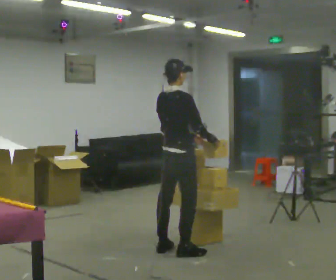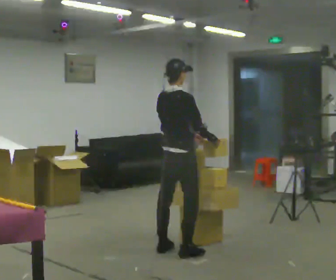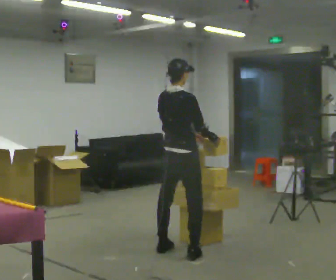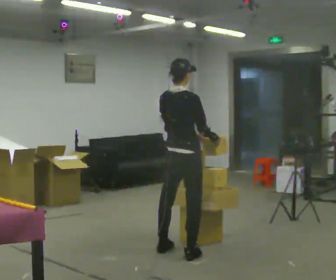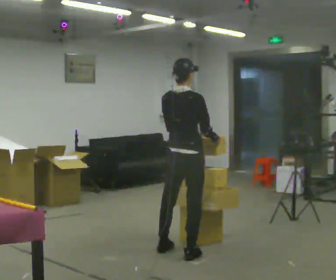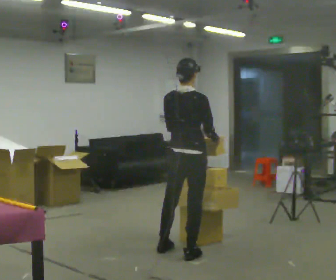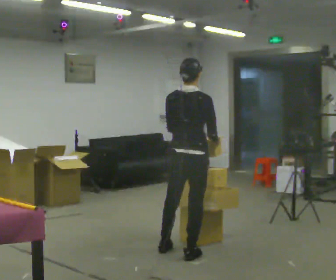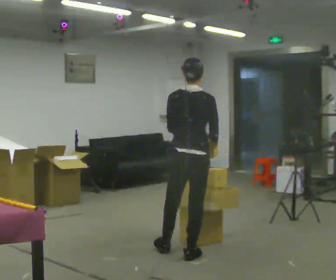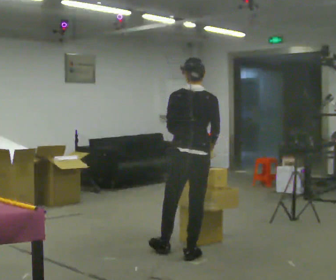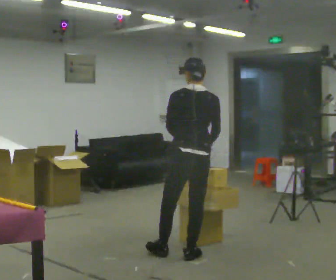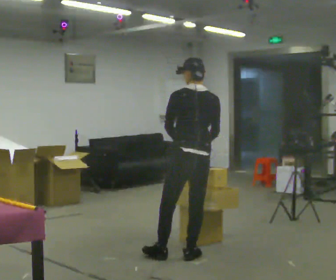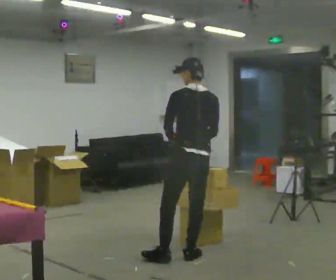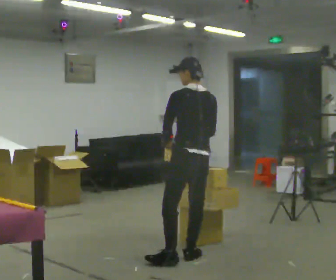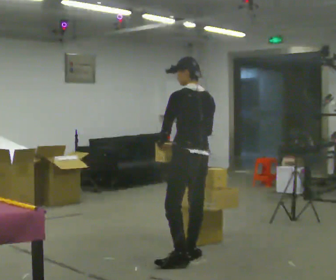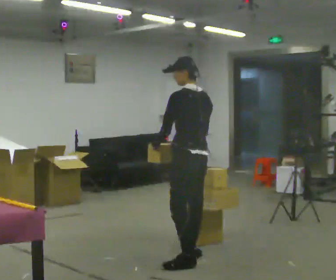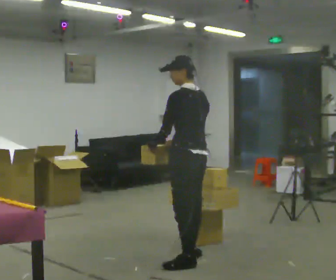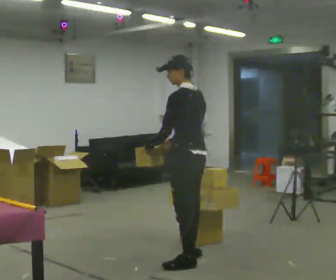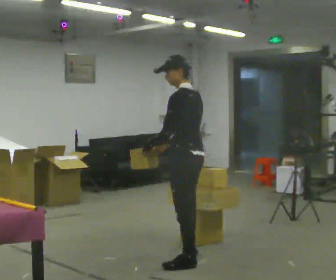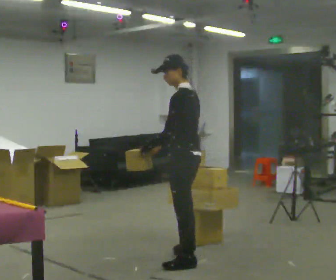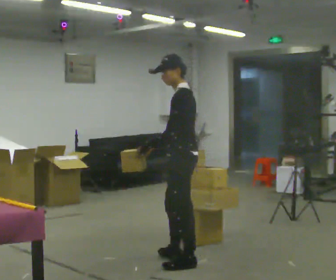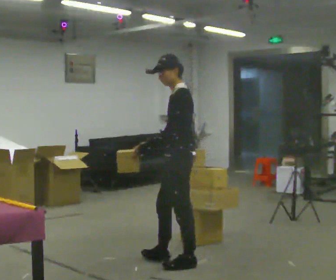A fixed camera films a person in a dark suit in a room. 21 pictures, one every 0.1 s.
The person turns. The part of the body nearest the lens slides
to the right.
Their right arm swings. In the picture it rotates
clockwise.
0.0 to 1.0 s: The part of the body nearest the lens slides to the right as the person turns to their left by about 60 degrees. In the picture they go toward the camera, about 0.25 m in 1 step, which for them is to their right and backward.
1.0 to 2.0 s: Seen from above the body turns counterclockwise, about 90 degrees: to their left, with its near side sliding to the right. In the picture they go toward the camera, about 0.25 m in 1 step.
The film runs forward here.
